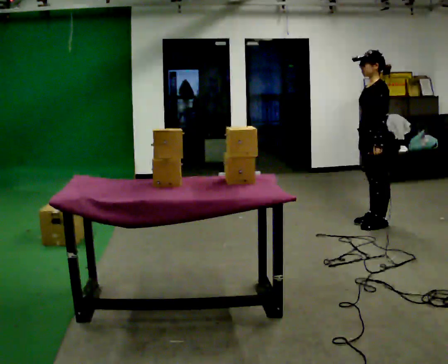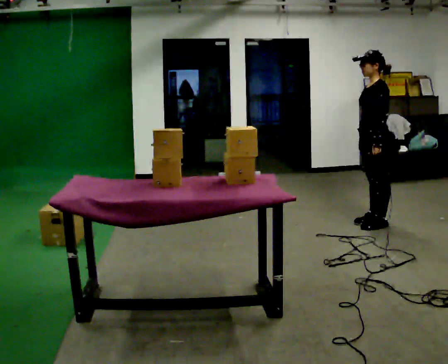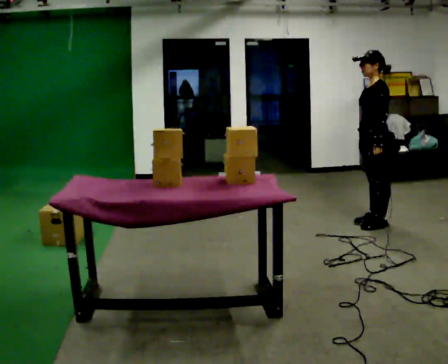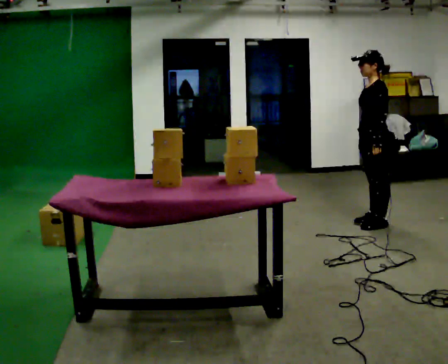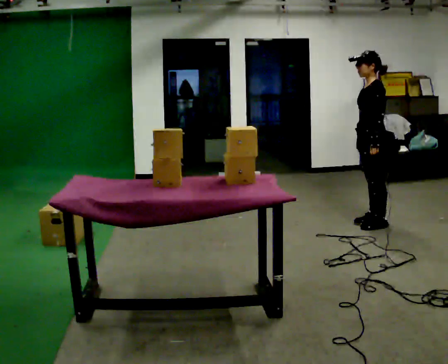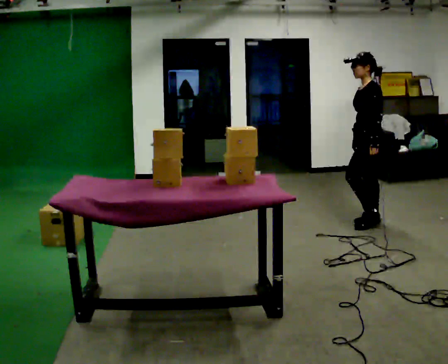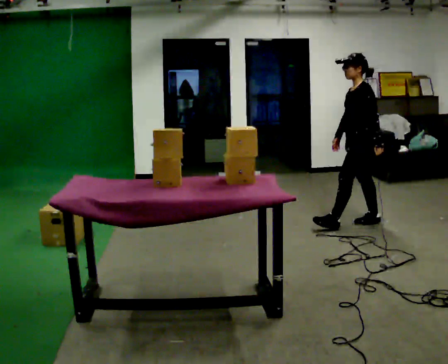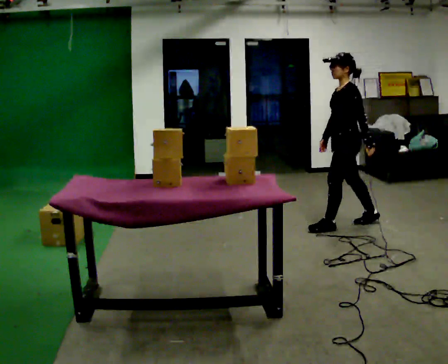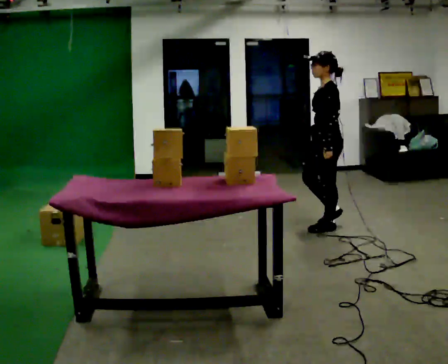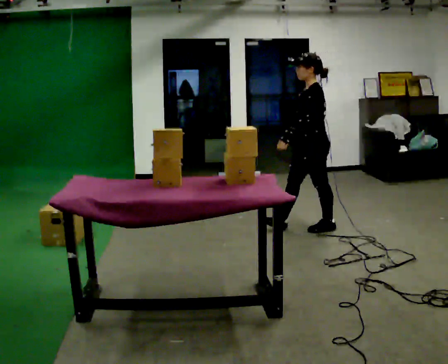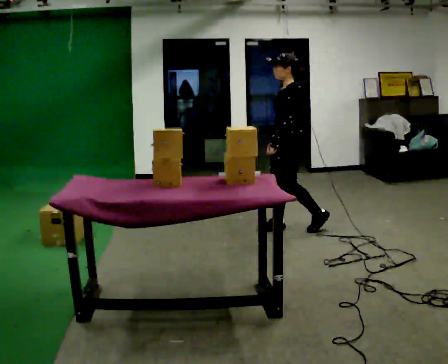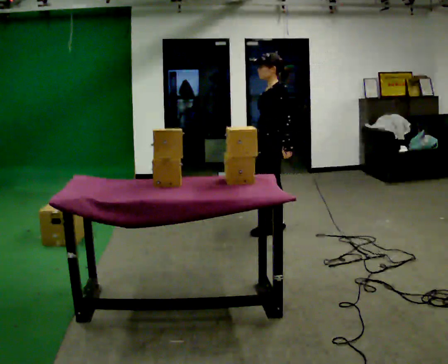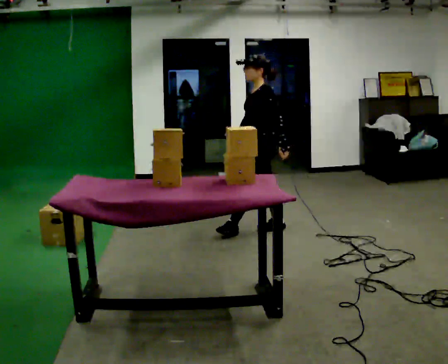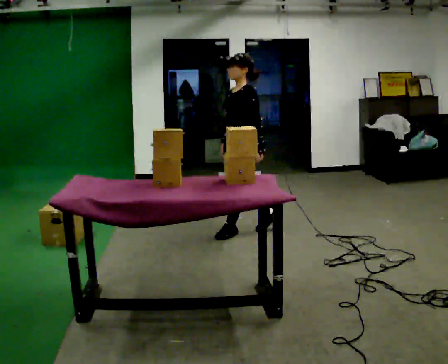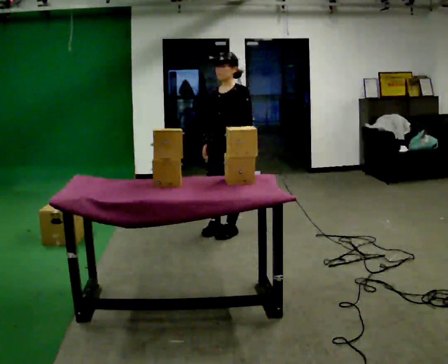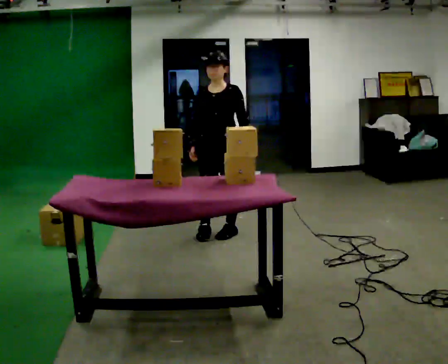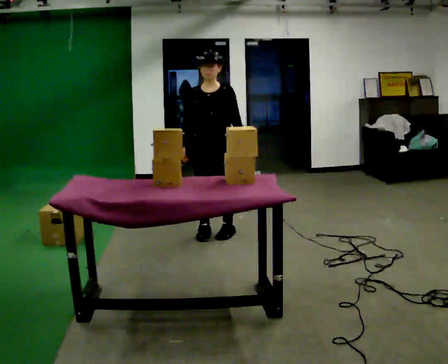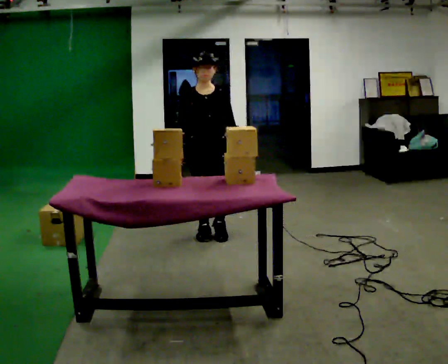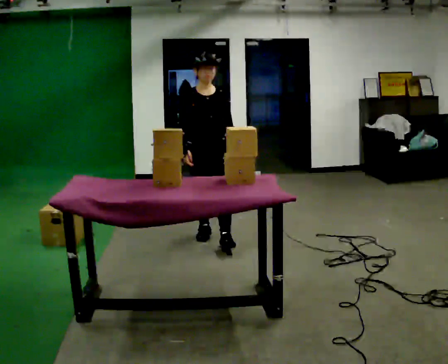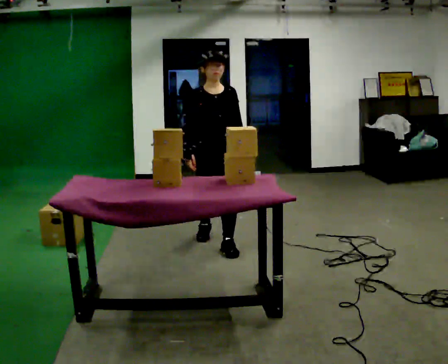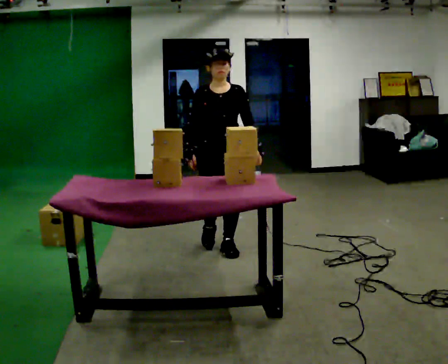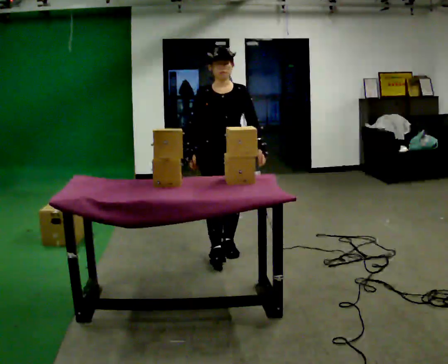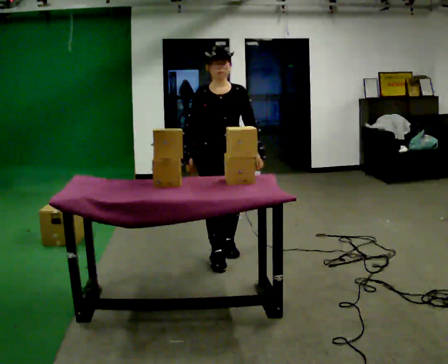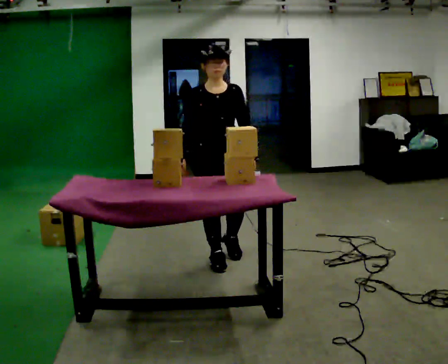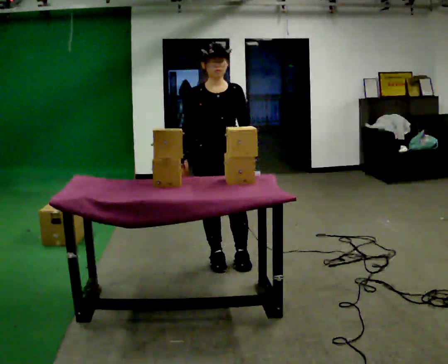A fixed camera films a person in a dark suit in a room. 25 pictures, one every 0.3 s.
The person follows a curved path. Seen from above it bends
counterclockwise.
0.0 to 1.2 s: The person moves a little, or ends about where they began.
1.2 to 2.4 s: In the picture they go to the left, about 0.5 m in 1 step, which for them is forward.
2.4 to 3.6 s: In the picture they go to the left, about 0.5 m in 2 steps, which for them is forward.
3.6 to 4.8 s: The person turns about 75 degrees to their left, counterclockwise seen from above, so the part of the body nearest the lens slides to the right. In the picture they go to the left and toward the camera, about 0.5 m in 1 step.
4.8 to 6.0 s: In the picture they go toward the camera, about 0.25 m in 1 step, which for them is forward.
6.0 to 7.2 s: In the picture they go toward the camera, about 0.25 m in 2 steps, which for them is forward.
The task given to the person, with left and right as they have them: Carry the handheld device and, while walking, point it at the labels on the shelves and press the button as if scanning them.
The film runs forward here.
